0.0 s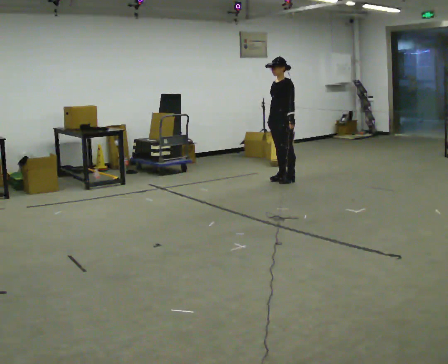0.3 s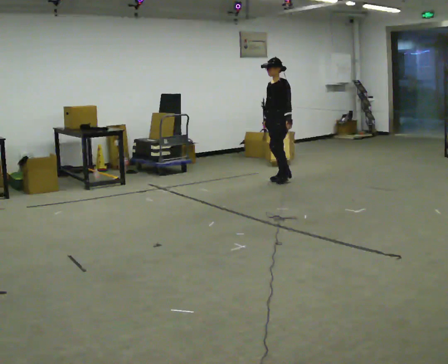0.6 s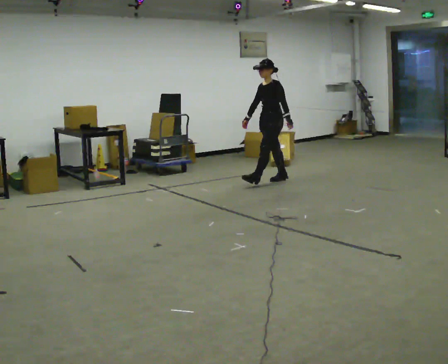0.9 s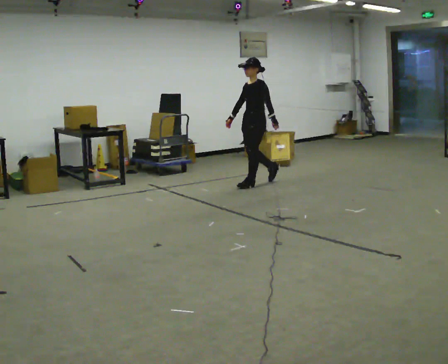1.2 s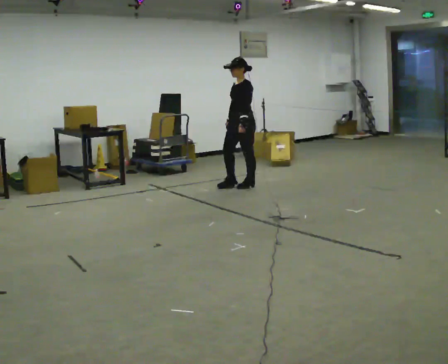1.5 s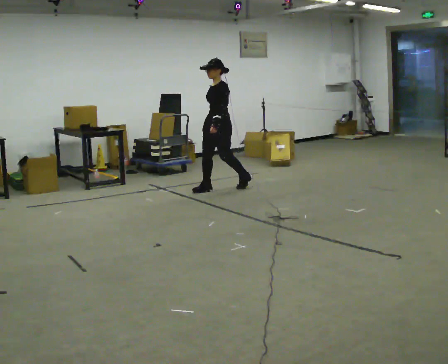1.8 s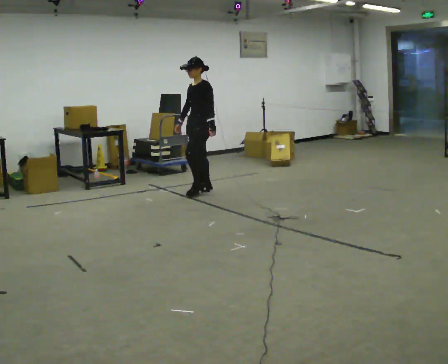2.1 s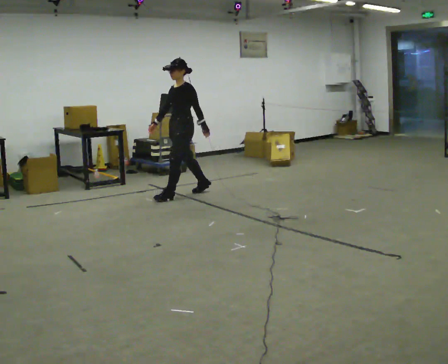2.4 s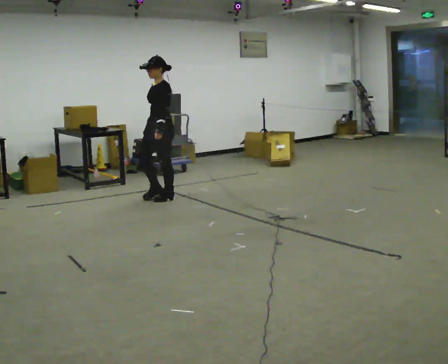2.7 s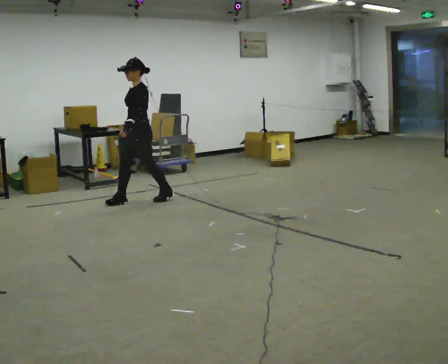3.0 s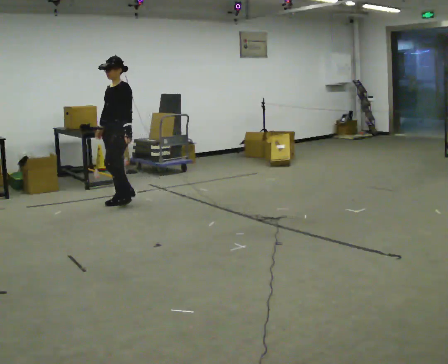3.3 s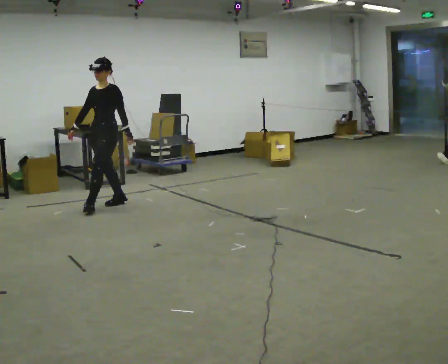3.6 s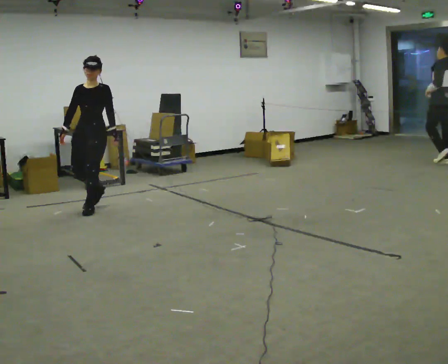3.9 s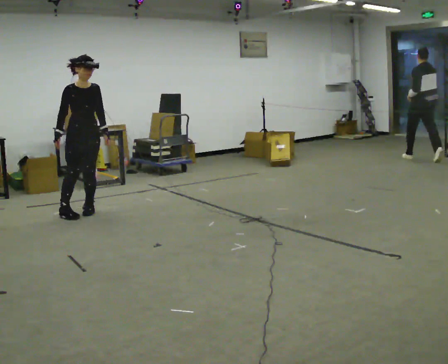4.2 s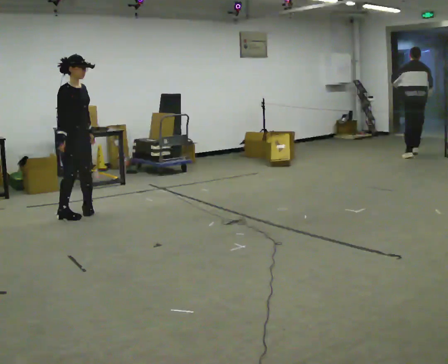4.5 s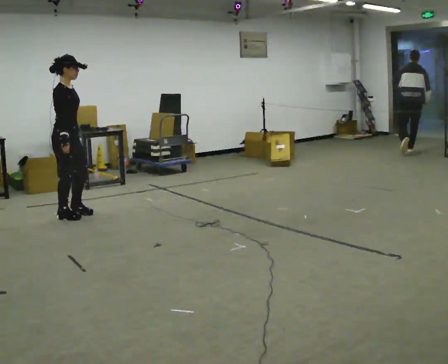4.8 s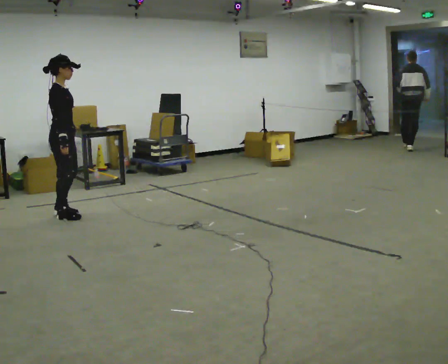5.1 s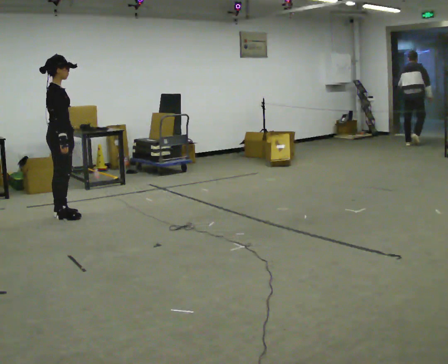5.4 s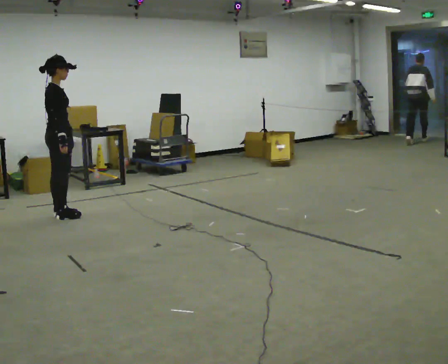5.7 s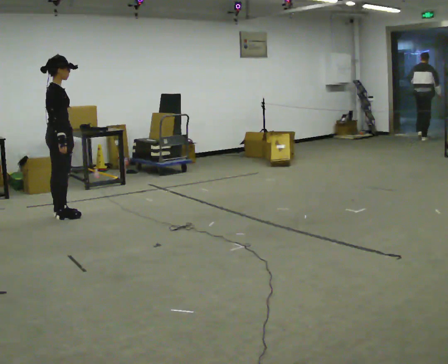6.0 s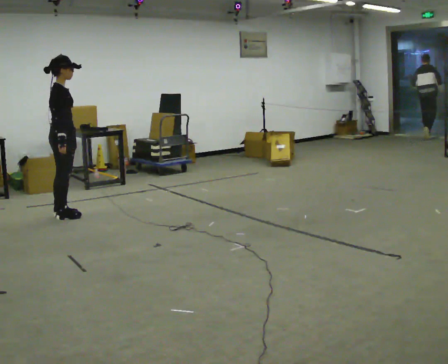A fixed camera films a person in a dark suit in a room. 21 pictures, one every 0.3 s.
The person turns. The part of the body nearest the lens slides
to the right.
The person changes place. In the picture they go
to the left.
0.0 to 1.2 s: In the picture they go to the left, about 0.75 m in 1 step, which for them is forward.
1.2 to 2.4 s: In the picture they go to the left, about 1 m in 2 steps, which for them is forward.
2.4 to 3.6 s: Seen from above the body turns counterclockwise, about 45 degrees: to their left, with its near side sliding to the right. In the picture they go to the left and toward the camera, about 1 m in 2 steps, which for them is forward.
3.6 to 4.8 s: The part of the body nearest the lens slides to the right as the person turns to their left by about 120 degrees. In the picture they go to the left and toward the camera, about 0.5 m in 2 steps.
4.8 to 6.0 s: The person moves a little, or ends about where they began.
The film runs forward here.
